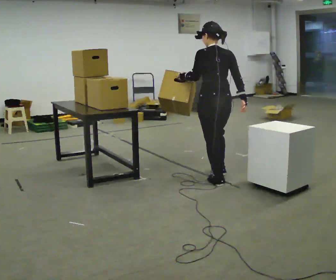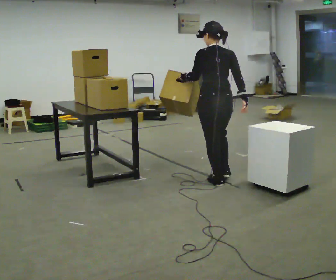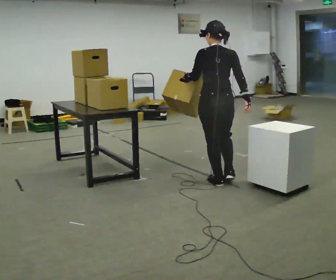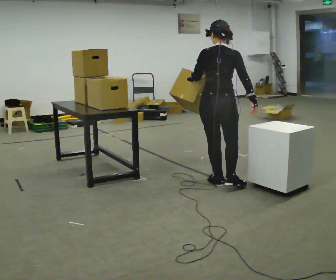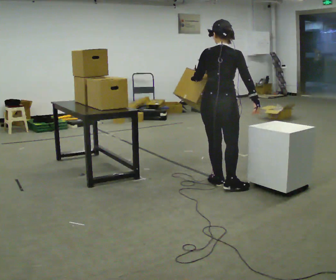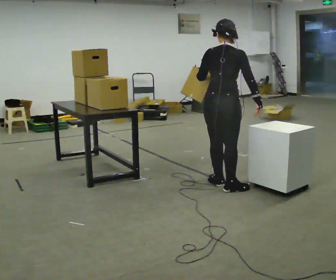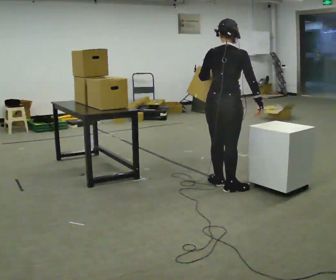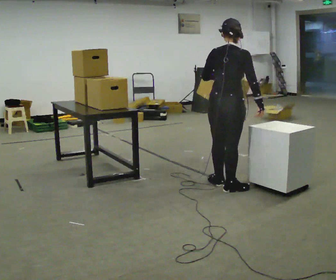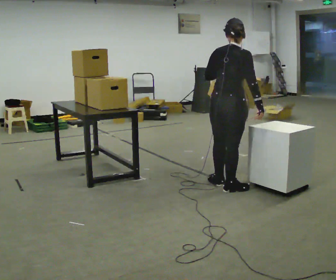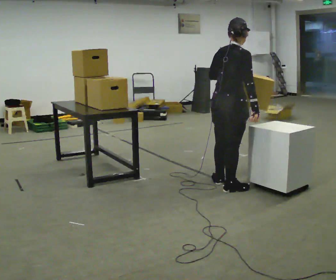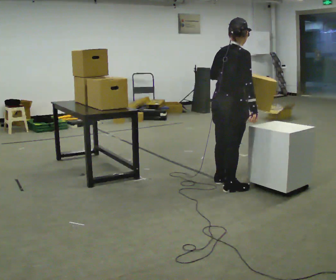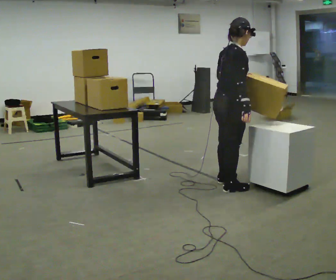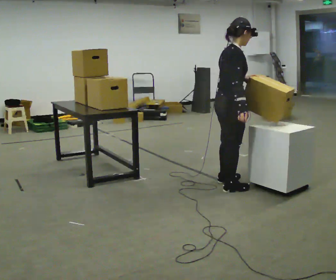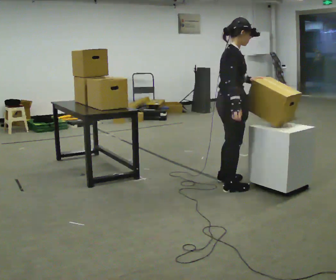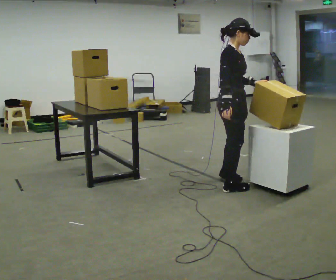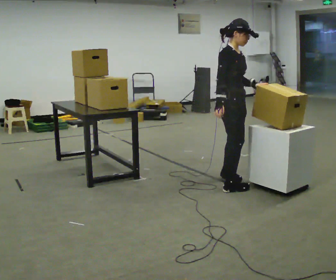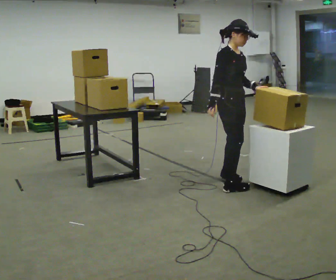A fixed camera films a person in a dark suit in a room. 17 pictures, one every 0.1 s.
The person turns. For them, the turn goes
to their right.
The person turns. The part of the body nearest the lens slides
to the left.
0.0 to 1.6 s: The person turns about 135 degrees to their right, clockwise seen from above, so the part of the body nearest the lens slides to the left. In the picture their left hand goes to the right.
The film runs backward here.
